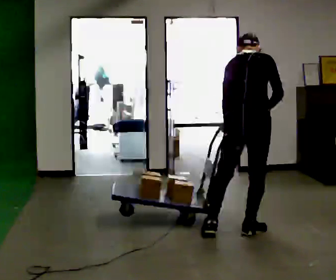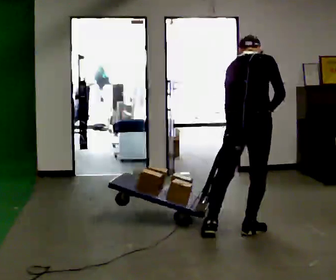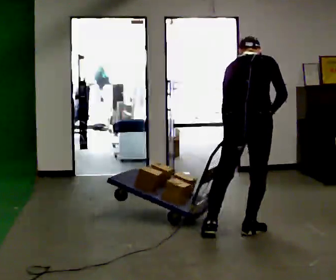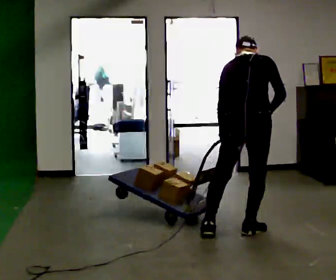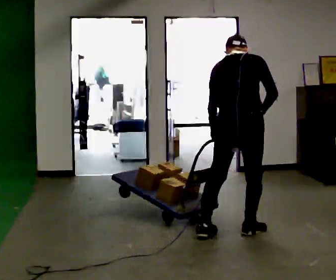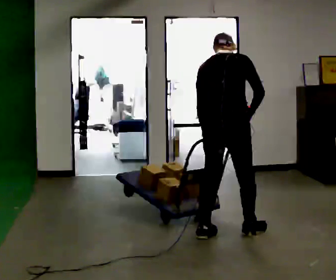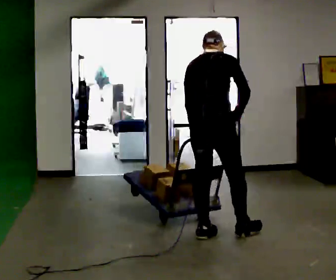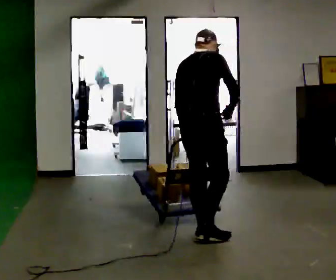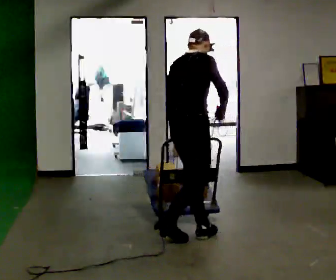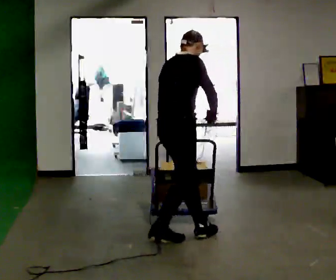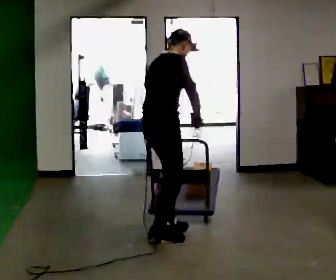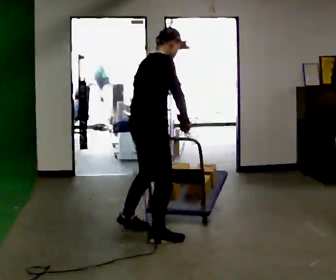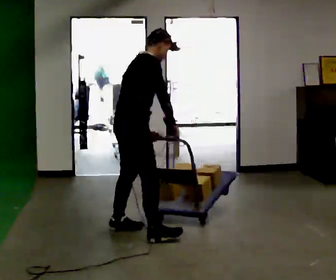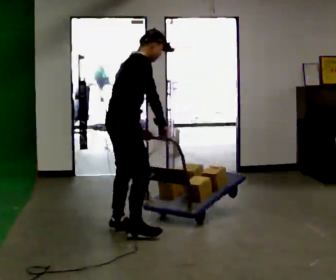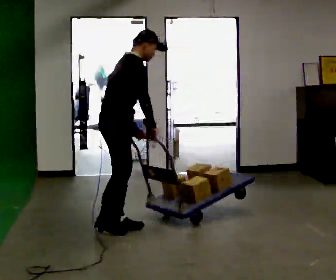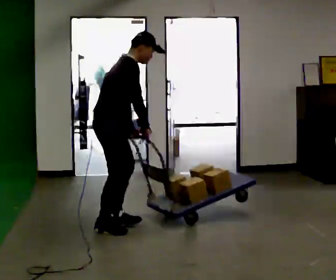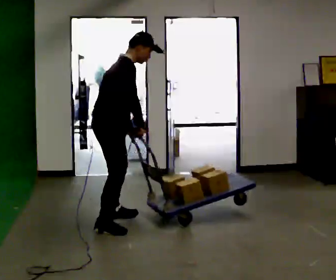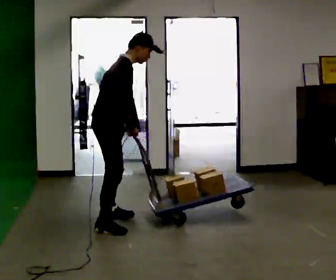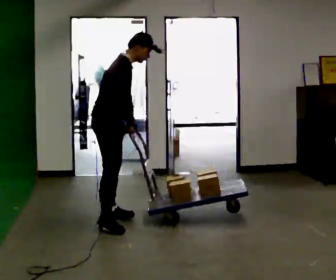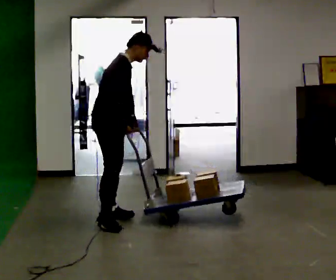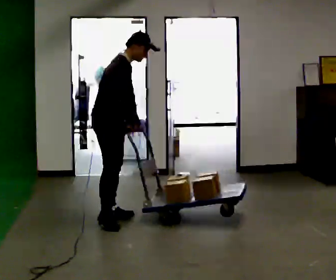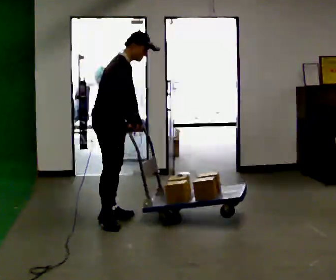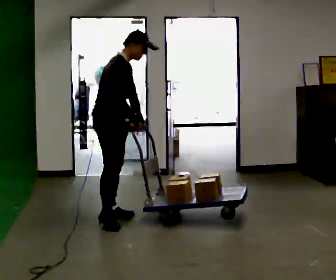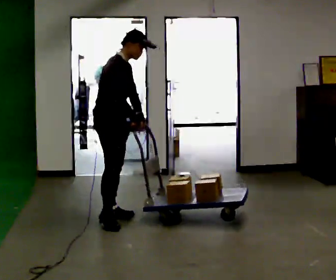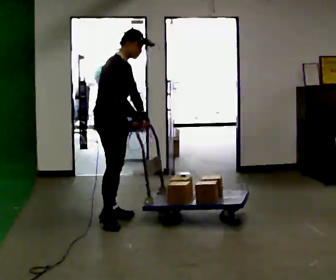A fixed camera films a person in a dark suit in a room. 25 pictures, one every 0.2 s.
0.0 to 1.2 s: In the picture they go to the left, about 0.25 m, which for them is to their left and backward.
1.2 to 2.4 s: The person turns about 45 degrees to their right, clockwise seen from above, so the part of the body nearest the lens slides to the left. In the picture they go to the left, about 0.75 m in 2 steps, which for them is backward and to their left. In the picture the upper body tilts clockwise, shoulders to the right.
2.4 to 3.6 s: In the picture they go away from the camera and to the left, about 0.5 m in 2 steps, which for them is to their left.
3.6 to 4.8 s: The person moves a little, or ends about where they began.
The film runs forward here.
